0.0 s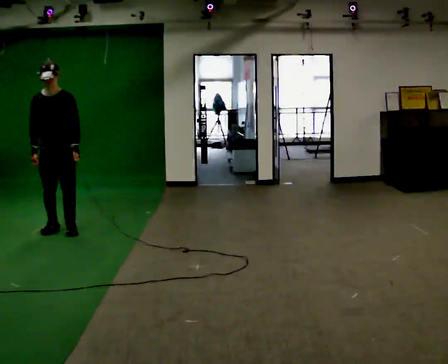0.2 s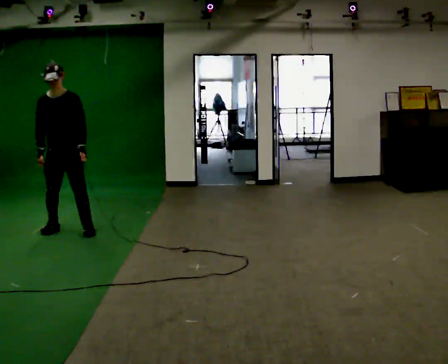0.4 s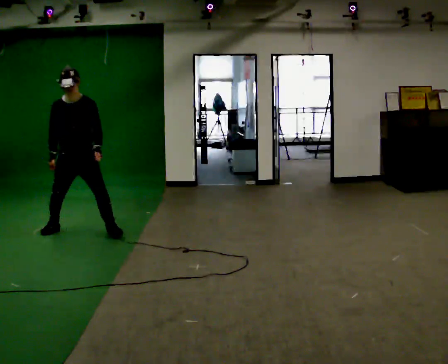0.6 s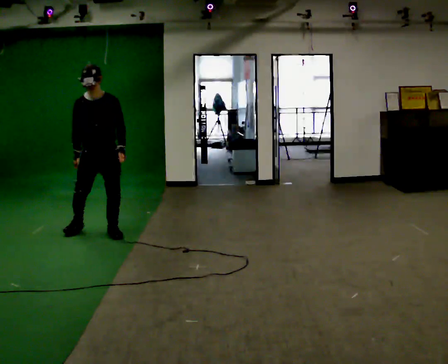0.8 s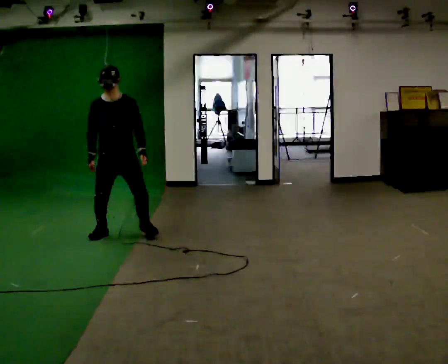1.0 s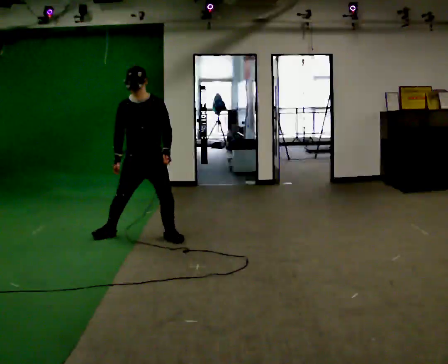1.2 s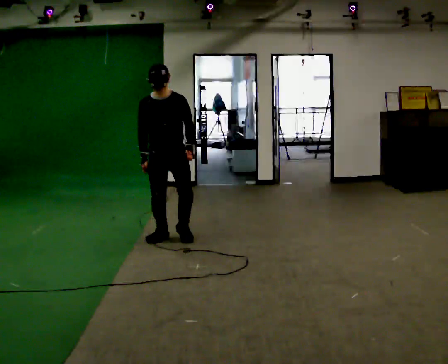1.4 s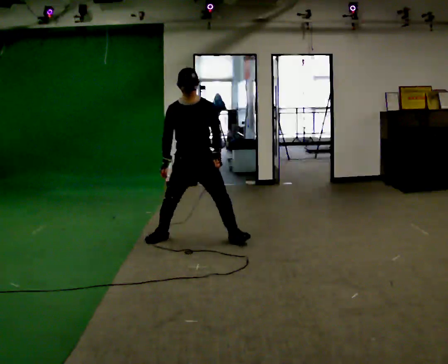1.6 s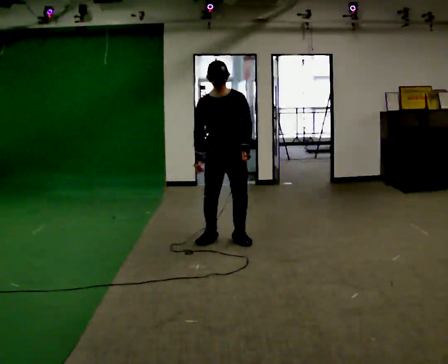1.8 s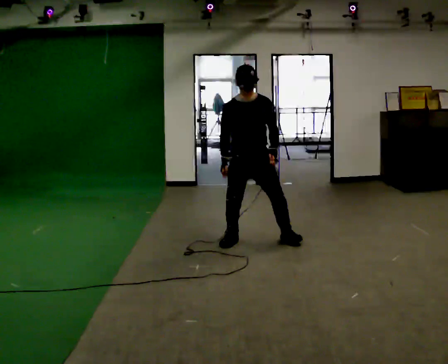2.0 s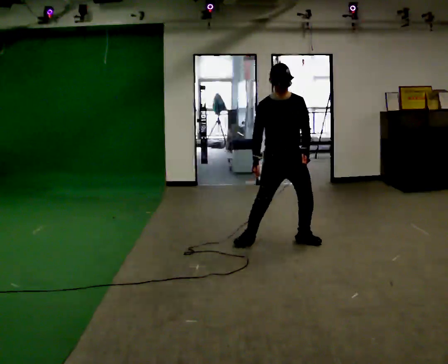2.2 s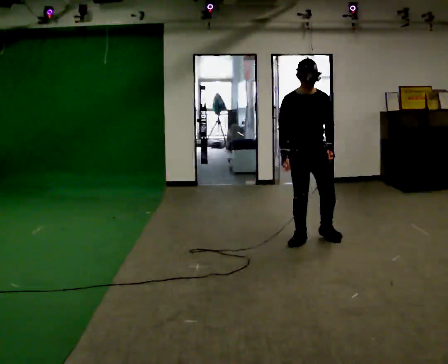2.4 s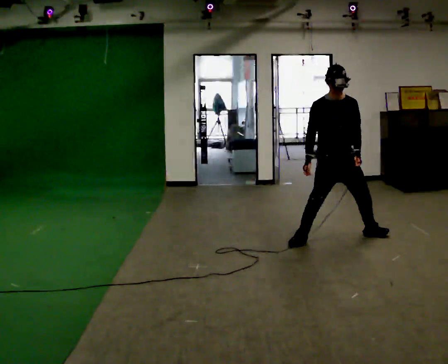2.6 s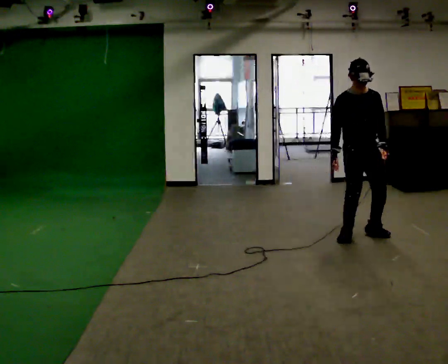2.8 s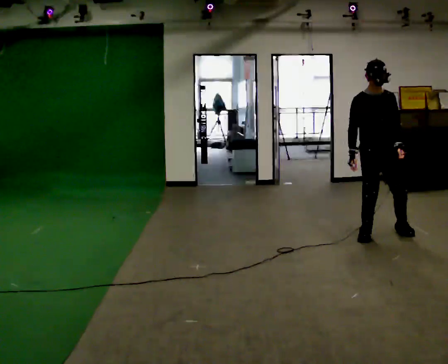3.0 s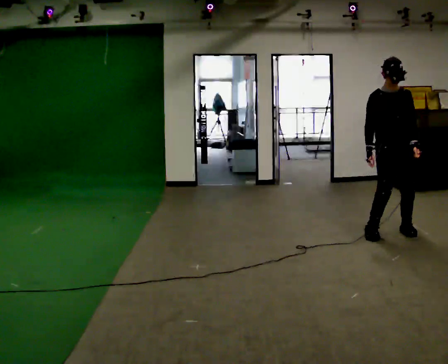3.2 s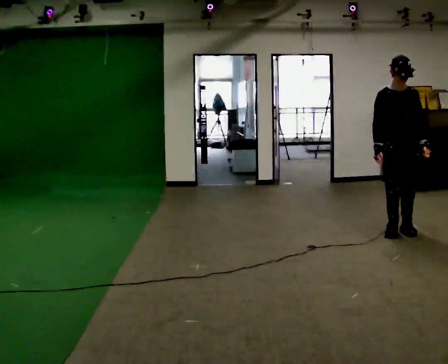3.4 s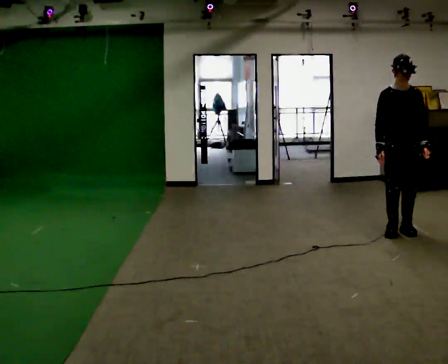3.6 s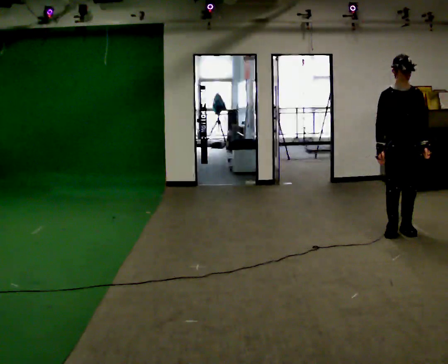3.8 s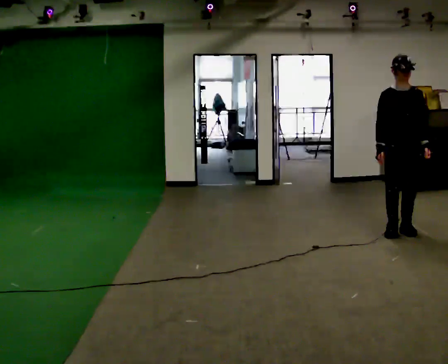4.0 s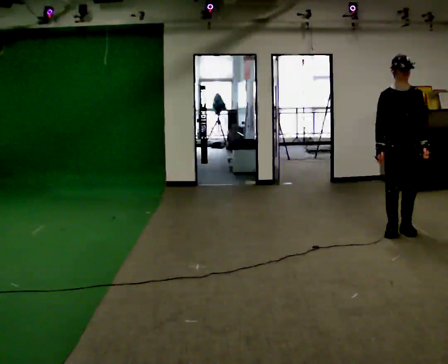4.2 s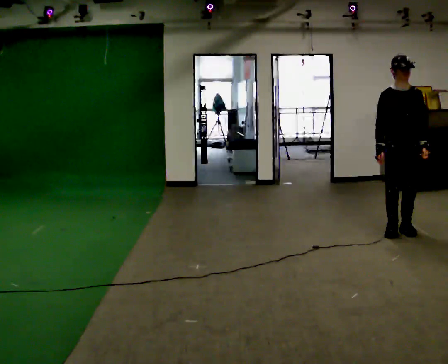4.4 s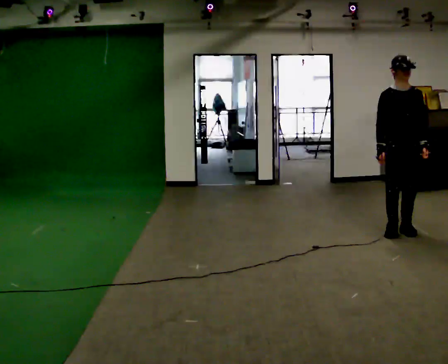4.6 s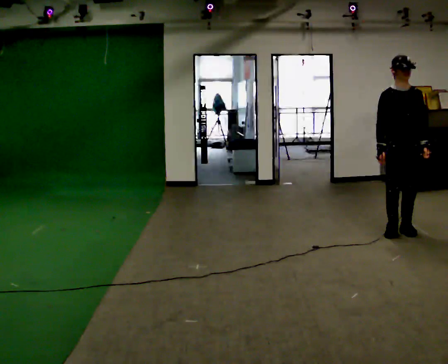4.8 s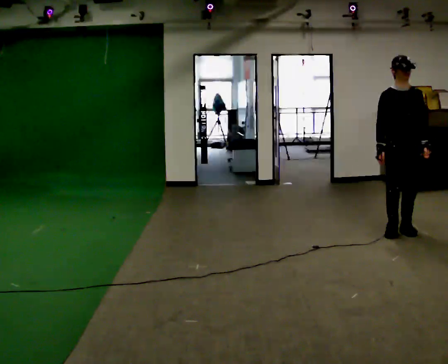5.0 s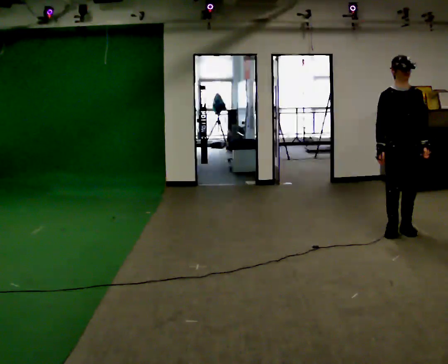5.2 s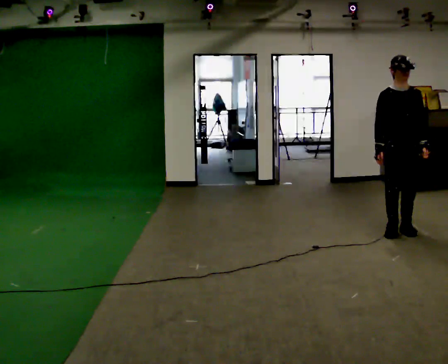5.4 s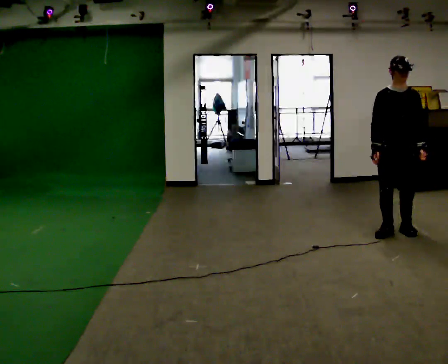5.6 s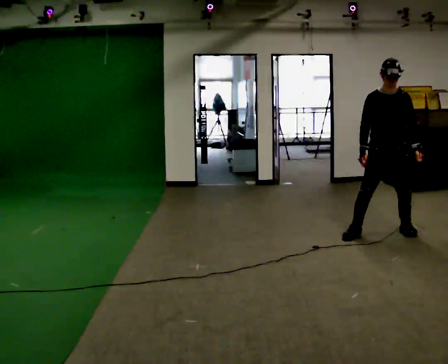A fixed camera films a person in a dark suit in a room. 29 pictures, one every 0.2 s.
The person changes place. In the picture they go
to the right.
0.0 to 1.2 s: In the picture they go to the right, about 1 m in 3 steps, which for them is to their left.
1.2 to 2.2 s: In the picture they go to the right, about 1.5 m in 4 steps, which for them is to their left.
2.2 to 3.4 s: In the picture they go to the right, about 1 m in 5 steps, which for them is to their left.
3.4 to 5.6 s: The person moves a little, or ends about where they began.
The film runs forward here.
